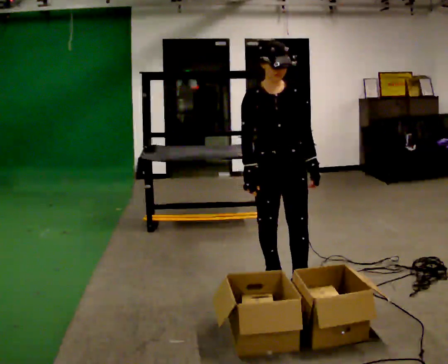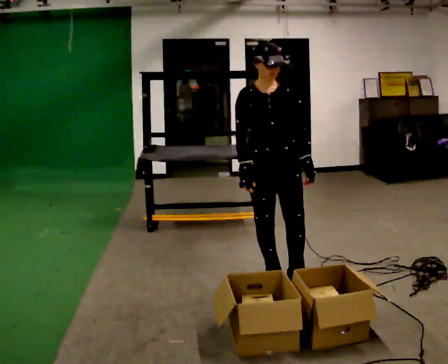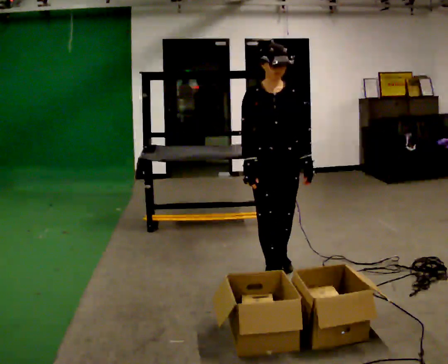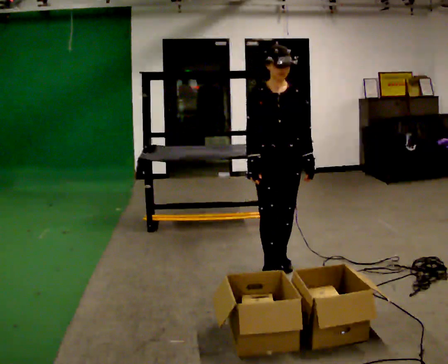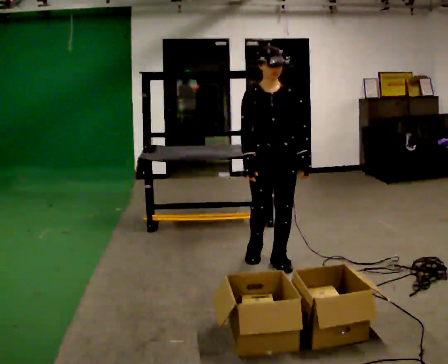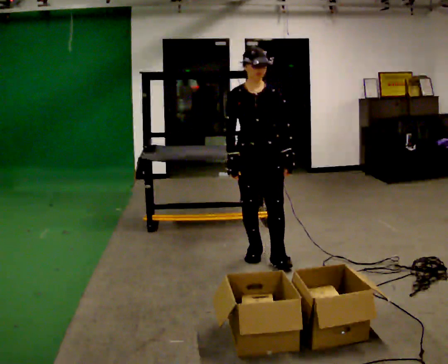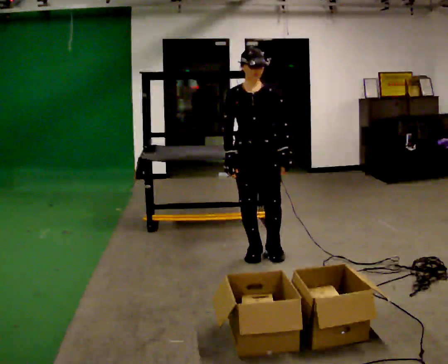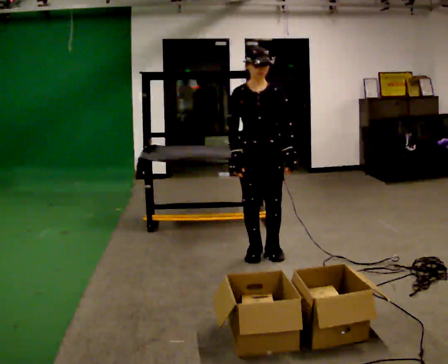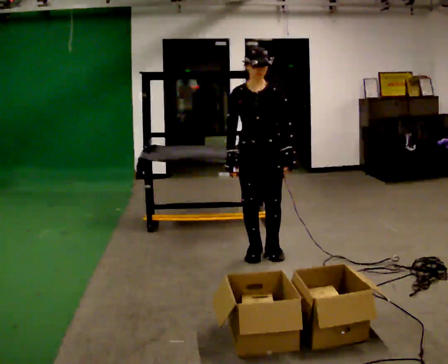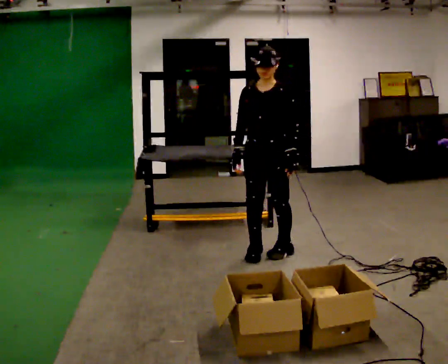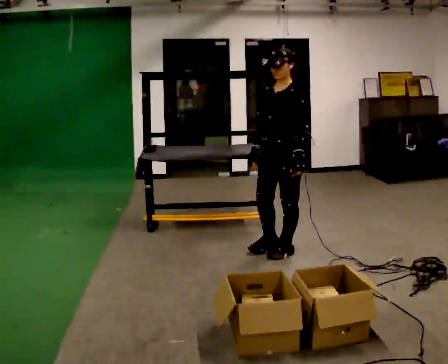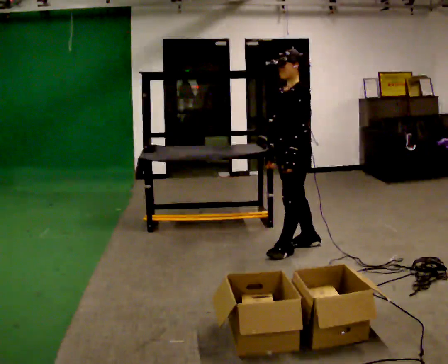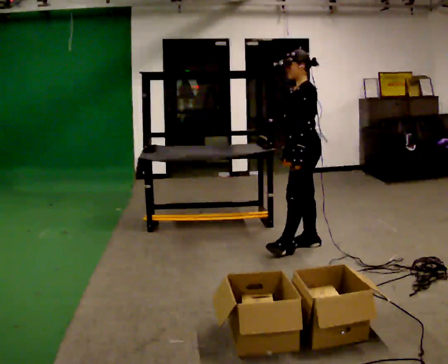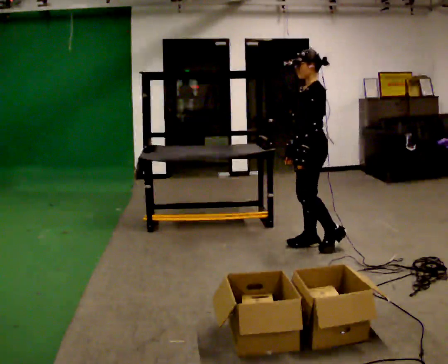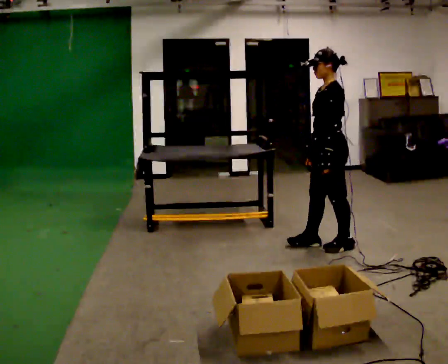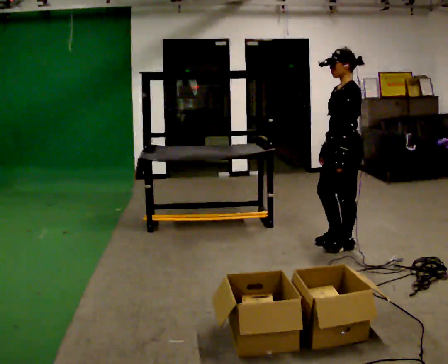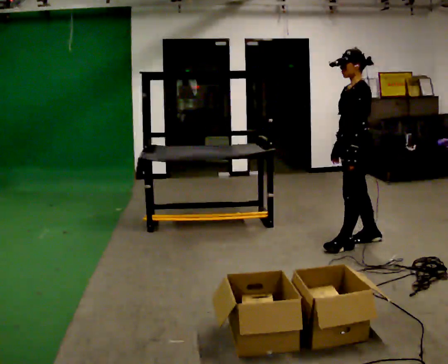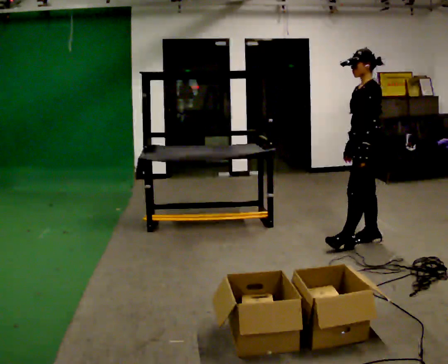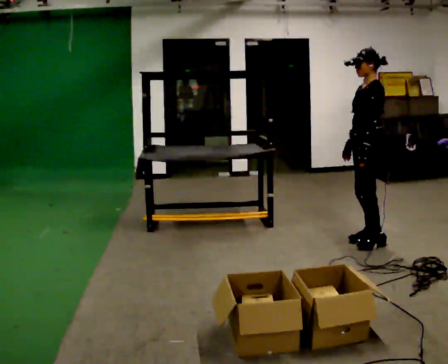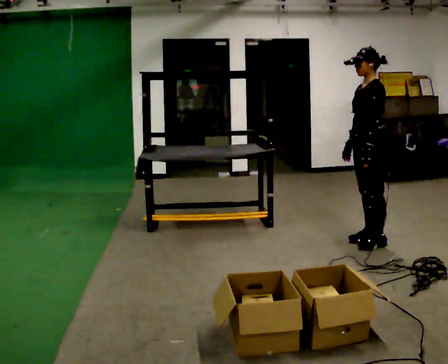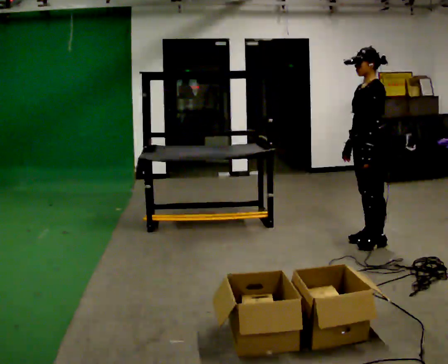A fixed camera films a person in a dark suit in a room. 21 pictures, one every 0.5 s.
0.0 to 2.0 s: In the picture they go away from the camera, about 0.25 m in 2 steps, which for them is backward.
2.0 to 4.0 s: In the picture they go away from the camera, about 0.25 m in 1 step, which for them is backward.
4.0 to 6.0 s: The person turns about 90 degrees to their right, clockwise seen from above, so the part of the body nearest the lens slides to the left. In the picture they go to the right and away from the camera, about 0.5 m in 2 steps.
6.0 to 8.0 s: In the picture they go to the right, about 0.5 m in 2 steps, which for them is backward.
8.0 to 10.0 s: The person moves a little, or ends about where they began.
The film runs backward here.
